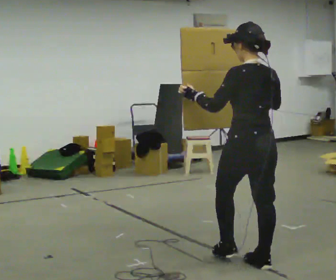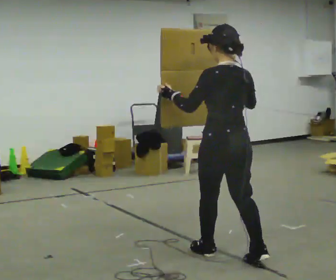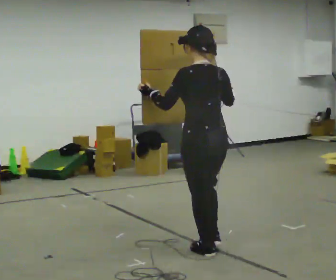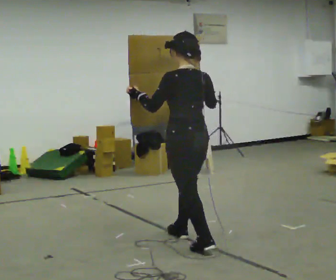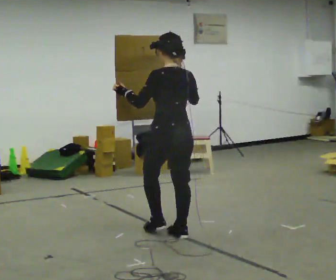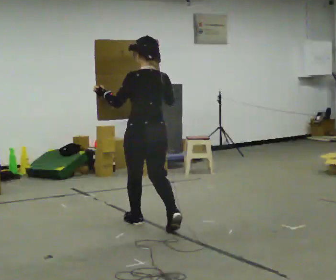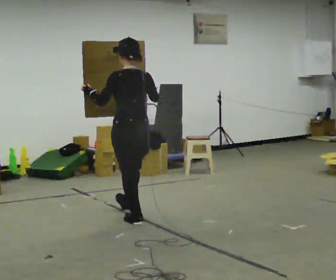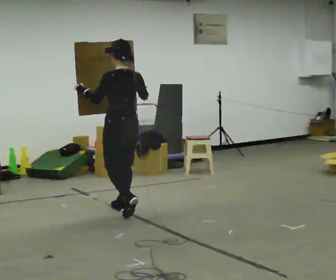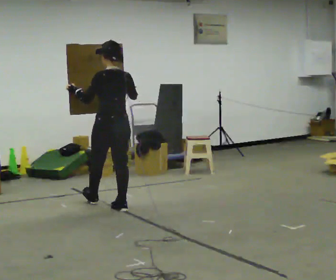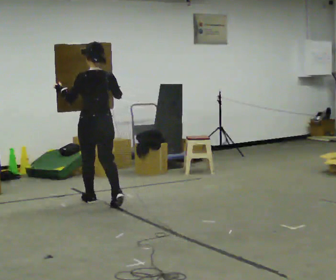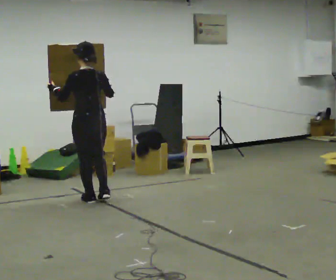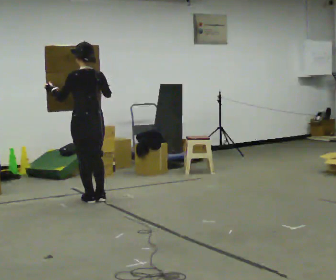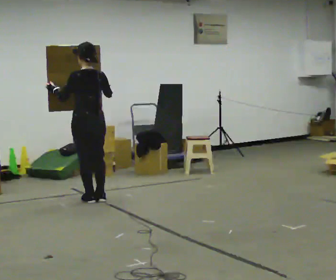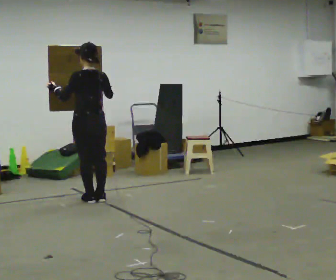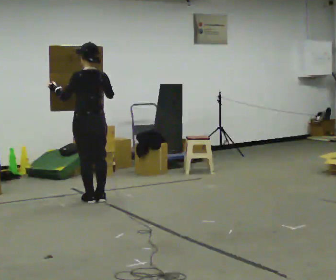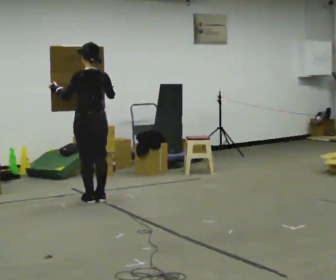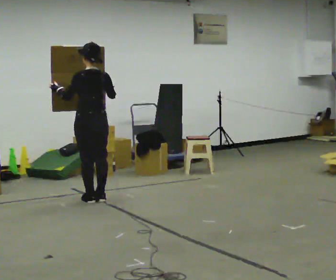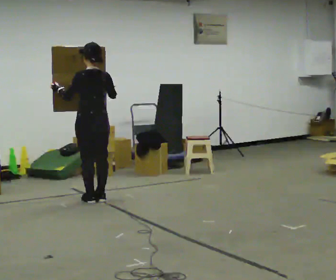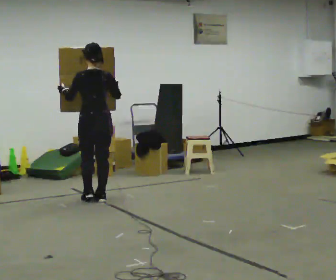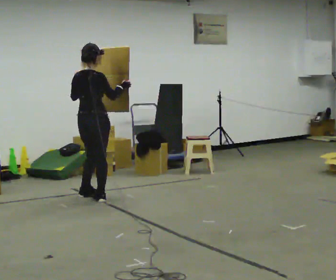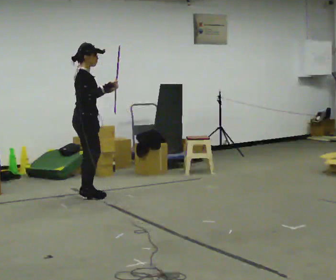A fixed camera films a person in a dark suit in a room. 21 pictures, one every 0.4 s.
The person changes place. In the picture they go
away from the camera.
0.0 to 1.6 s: In the picture they go away from the camera and to the left, about 1 m in 2 steps, which for them is forward.
1.6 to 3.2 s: In the picture they go away from the camera and to the left, about 1 m in 2 steps, which for them is forward.
3.2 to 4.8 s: In the picture they go away from the camera and to the left, about 0.5 m in 2 steps, which for them is forward.
4.8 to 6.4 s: The person moves a little, or ends about where they began.
6.4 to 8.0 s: Seen from above the body turns clockwise, about 120 degrees: to their right, with its near side sliding to the left. In the picture they go away from the camera, about 0.25 m in 2 steps. In the picture their left hand goes to the right.
The film runs forward here.
